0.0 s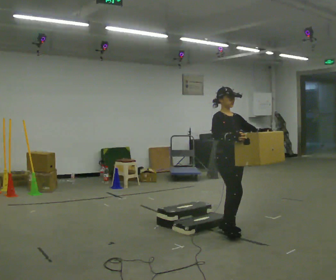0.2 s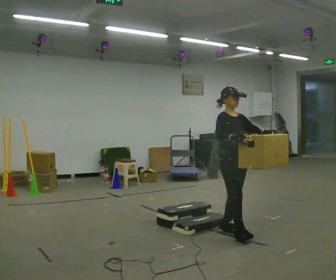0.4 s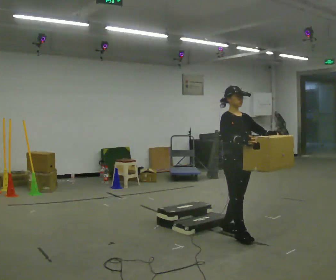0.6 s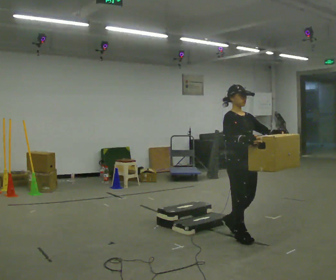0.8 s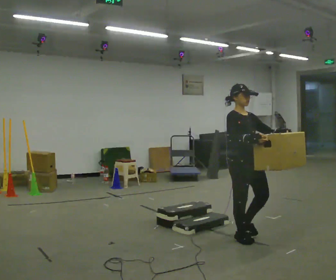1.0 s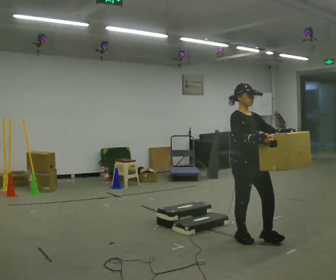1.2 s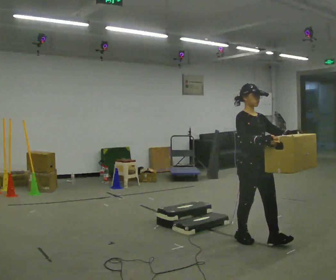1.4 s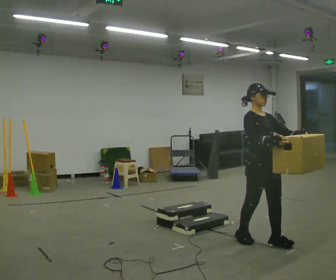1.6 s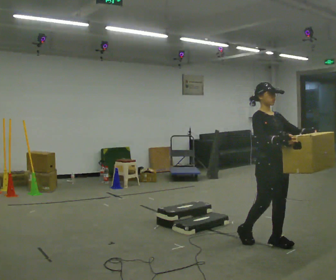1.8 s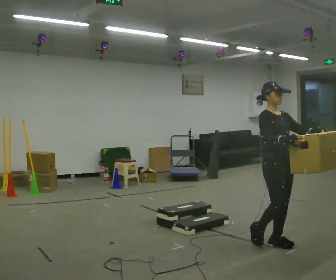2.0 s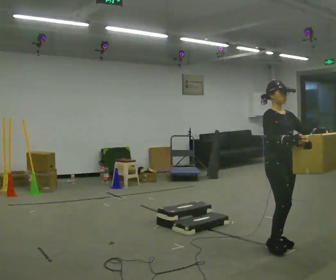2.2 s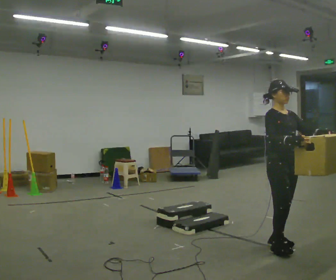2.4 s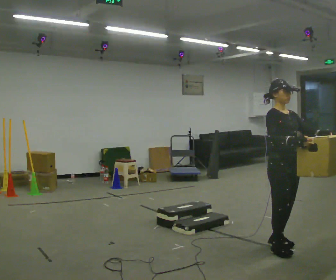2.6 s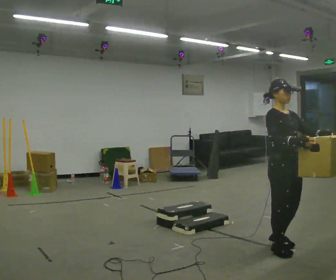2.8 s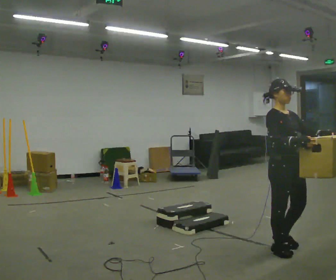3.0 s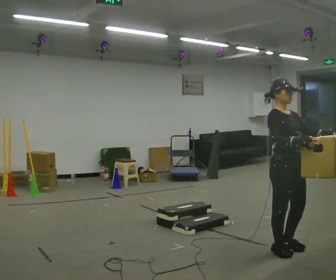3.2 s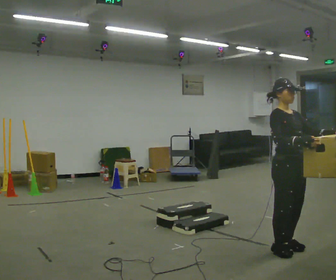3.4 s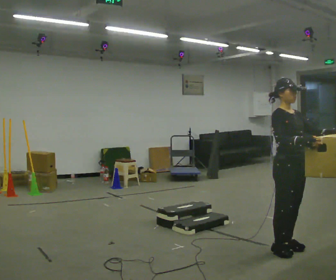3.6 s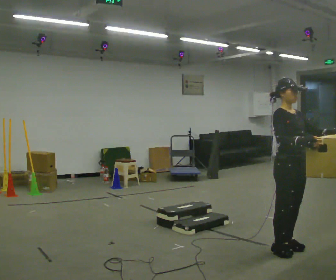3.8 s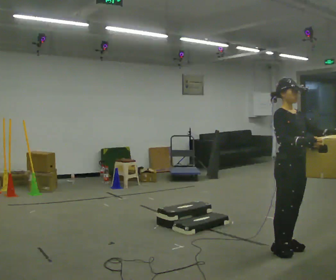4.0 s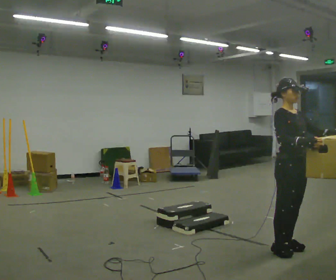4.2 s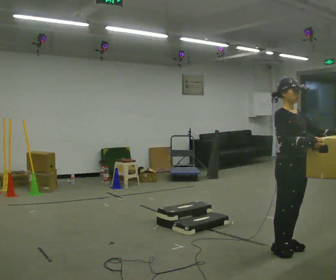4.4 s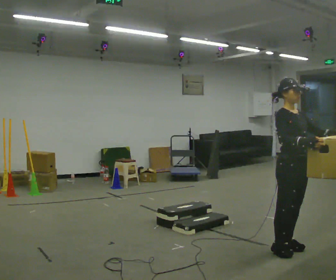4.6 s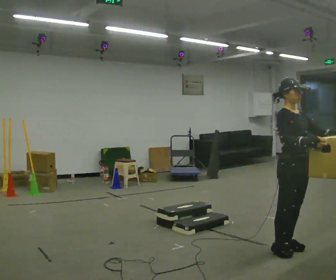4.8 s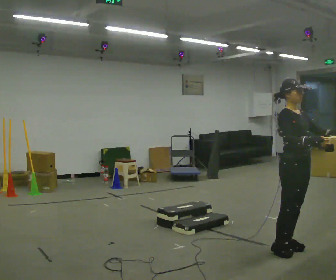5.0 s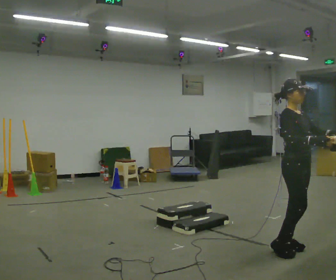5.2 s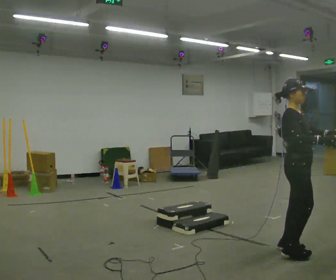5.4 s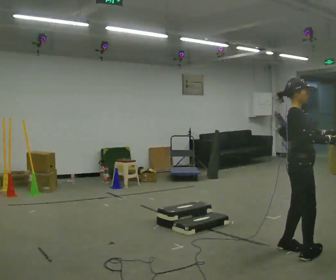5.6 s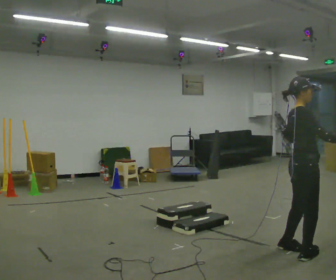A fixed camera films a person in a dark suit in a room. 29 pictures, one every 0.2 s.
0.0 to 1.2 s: In the picture they go toward the camera and to the right, about 0.5 m in 2 steps, which for them is forward.
1.2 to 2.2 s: In the picture they go to the right and toward the camera, about 0.25 m in 1 step, which for them is forward.
2.2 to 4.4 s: The person moves a little, or ends about where they began.
4.4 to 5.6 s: The person turns about 60 degrees to their left, counterclockwise seen from above, so the part of the body nearest the lens slides to the right.
The film runs forward here.
